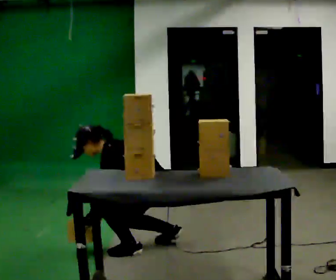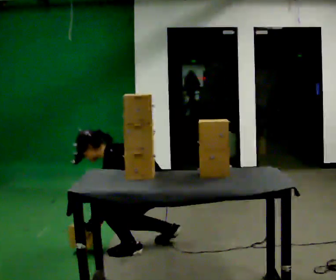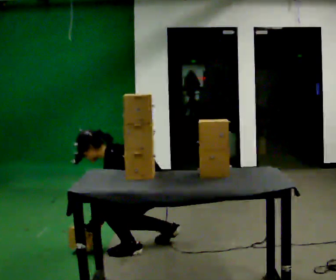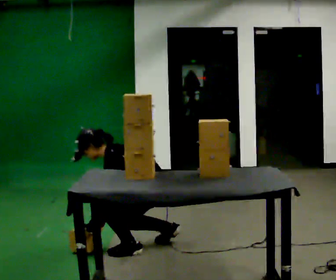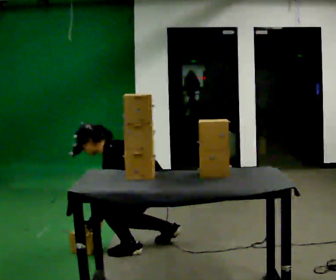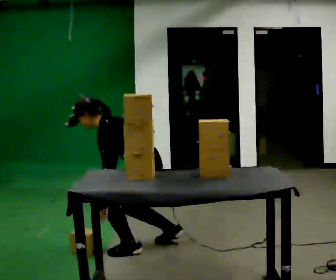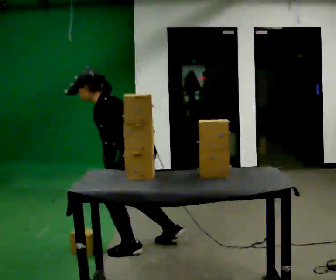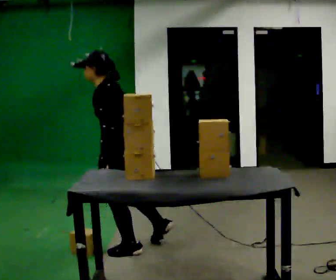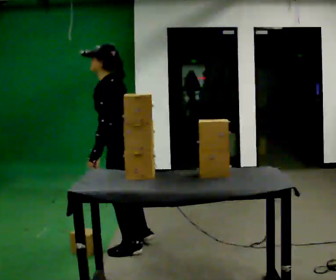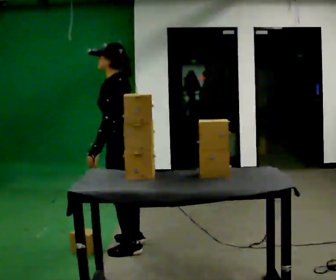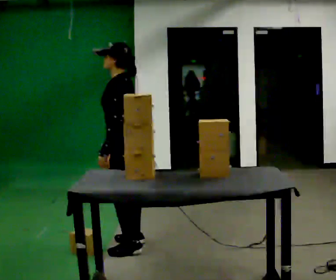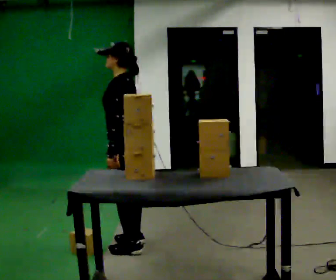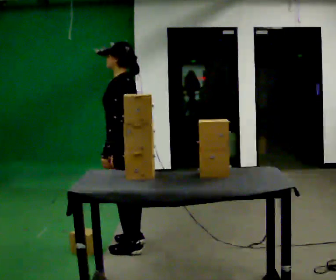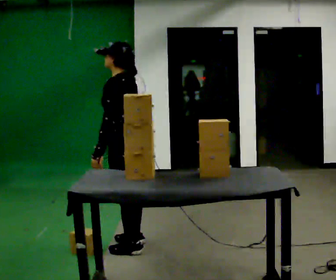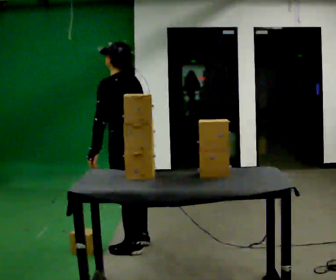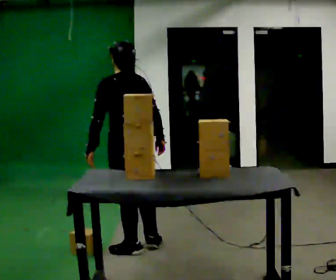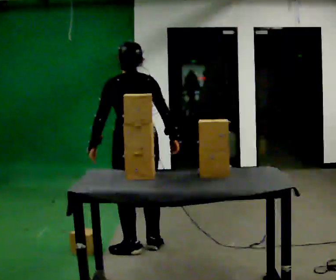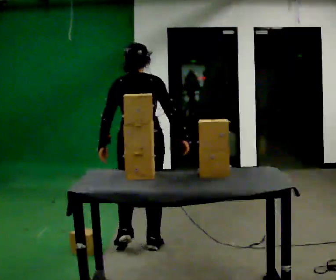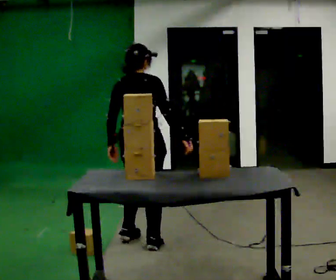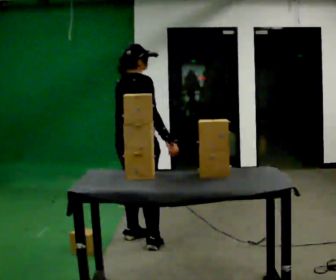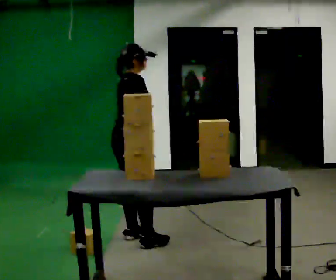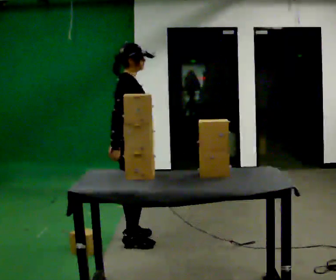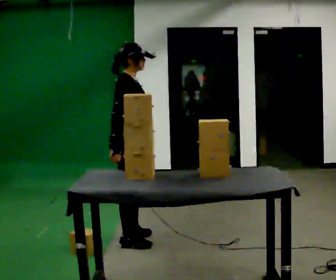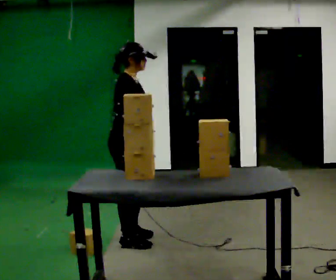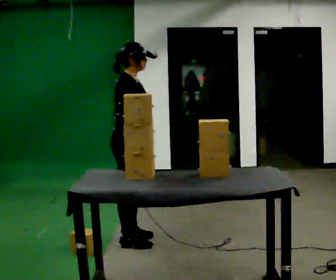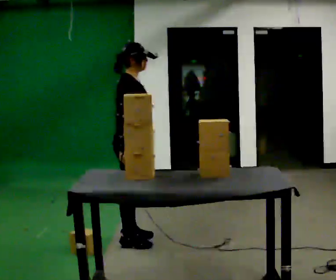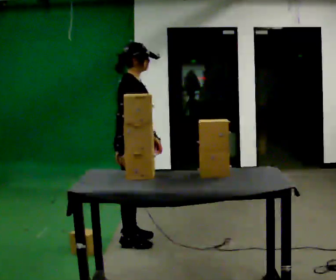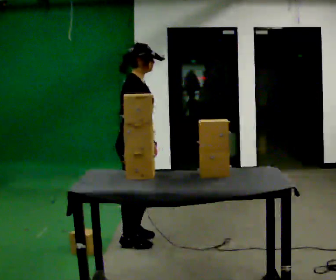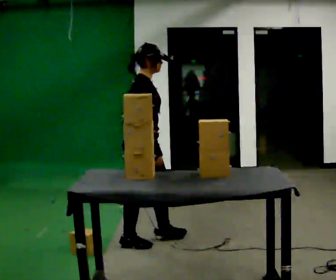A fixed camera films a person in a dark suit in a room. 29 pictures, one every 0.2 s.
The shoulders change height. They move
upward.
The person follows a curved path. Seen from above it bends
clockwise.
0.0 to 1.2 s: The shoulders move upward. In the picture the upper body tilts clockwise, shoulders to the right, as they lean back or straighten. In the picture their left hand goes upward.
1.2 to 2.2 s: The shoulders move upward. In the picture the upper body tilts clockwise, shoulders to the right, as they lean back or straighten.
2.2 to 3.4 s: The part of the body nearest the lens slides to the left as the person turns to their right by about 75 degrees. In the picture their right hand goes to the right.
3.4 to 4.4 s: Seen from above the body turns clockwise, about 90 degrees: to their right, with its near side sliding to the left. In the picture their right hand goes to the left, the arm swinging clockwise.
4.4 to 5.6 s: The person moves a little, or ends about where they began.
The film runs forward here.
